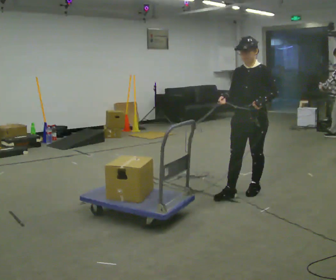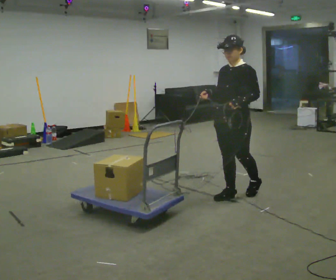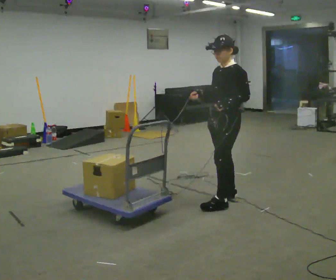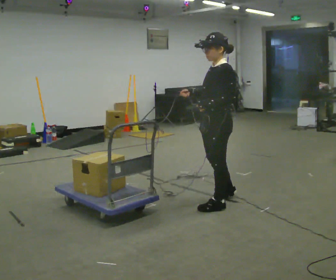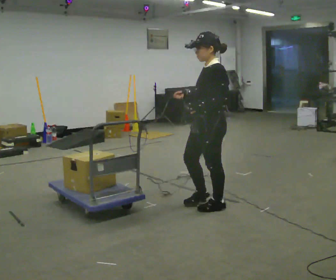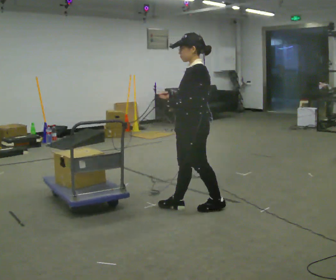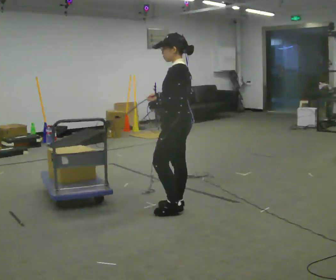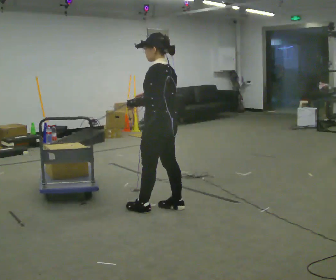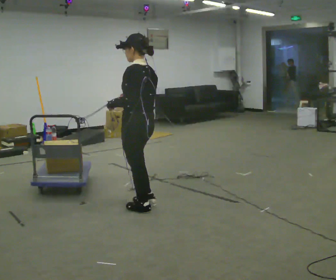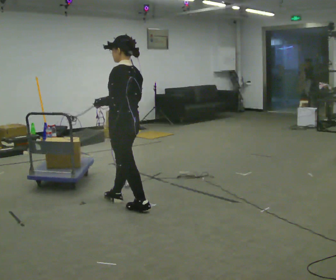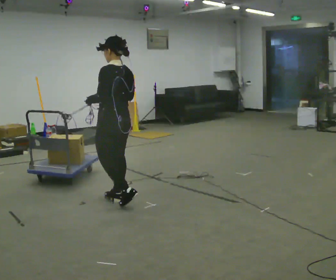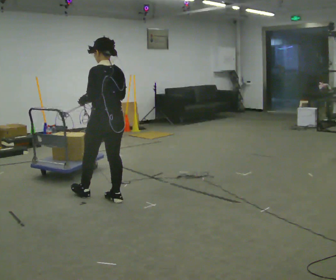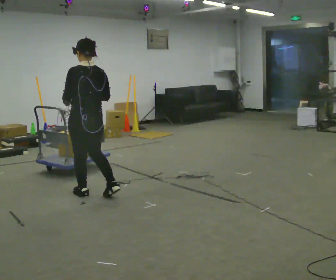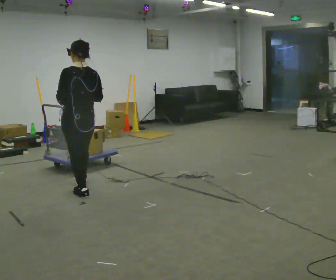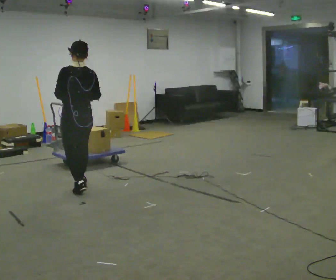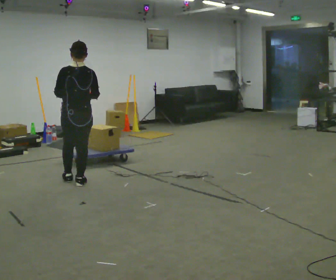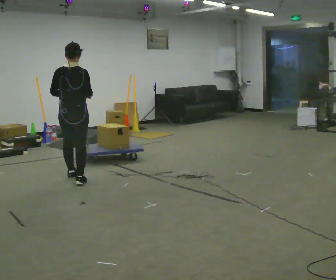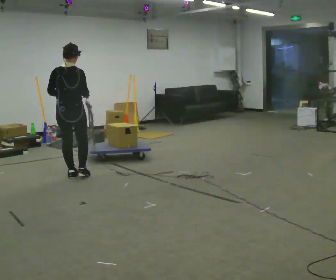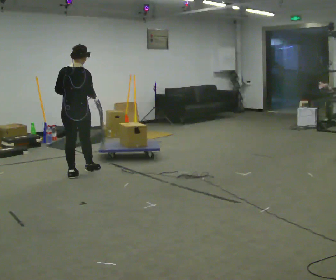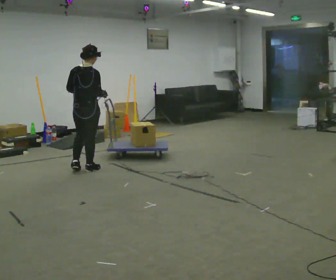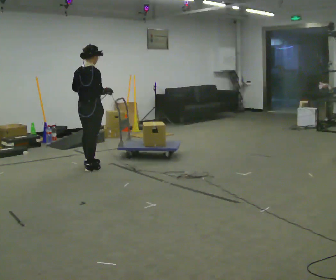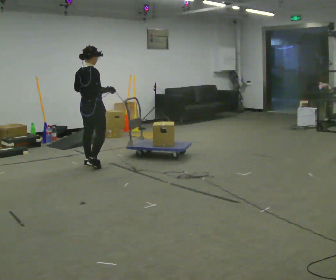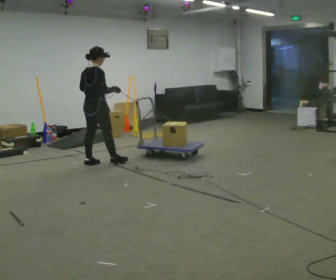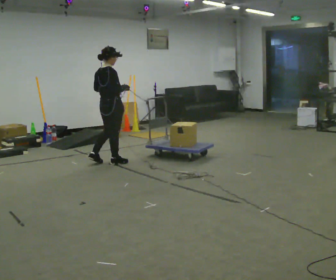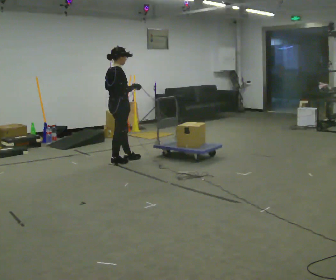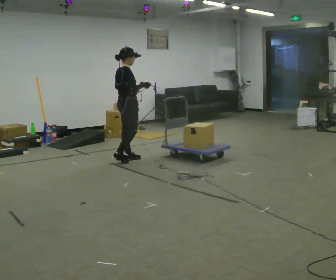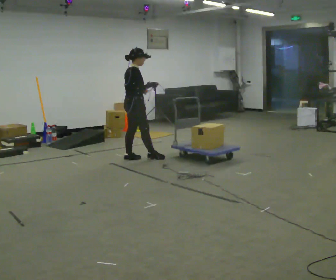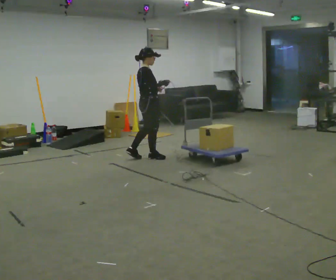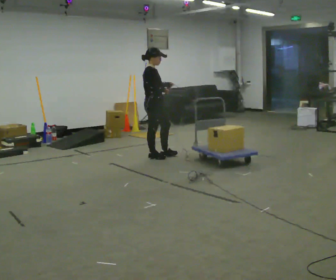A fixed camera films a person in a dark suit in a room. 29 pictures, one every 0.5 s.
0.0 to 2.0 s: The person turns about 45 degrees to their right, clockwise seen from above, so the part of the body nearest the lens slides to the left. In the picture they go to the left and toward the camera, about 0.75 m in 2 steps, which for them is forward.
2.0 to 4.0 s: The part of the body nearest the lens slides to the left as the person turns to their right by about 45 degrees. In the picture they go to the left, about 0.75 m in 2 steps, which for them is forward.
4.0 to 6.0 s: The part of the body nearest the lens slides to the left as the person turns to their right by about 30 degrees. In the picture they go away from the camera and to the left, about 0.75 m in 2 steps, which for them is forward.
6.0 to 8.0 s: The part of the body nearest the lens slides to the left as the person turns to their right by about 30 degrees. In the picture they go away from the camera, about 0.75 m in 1 step, which for them is forward.
8.0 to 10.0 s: Seen from above the body turns clockwise, about 30 degrees: to their right, with its near side sliding to the left. In the picture they go away from the camera, about 0.5 m in 2 steps, which for them is forward.
10.0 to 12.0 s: The person turns about 30 degrees to their right, clockwise seen from above, so the part of the body nearest the lens slides to the left. In the picture they go to the right and away from the camera, about 0.5 m in 2 steps, which for them is forward.
12.0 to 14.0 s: The person turns about 30 degrees to their right, clockwise seen from above, so the part of the body nearest the lens slides to the left. In the picture they go to the right, about 0.5 m in 2 steps, which for them is forward.
The film runs backward here.
